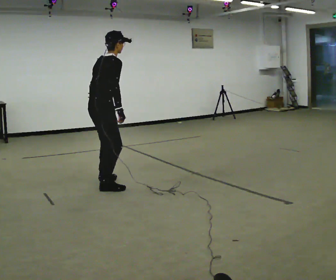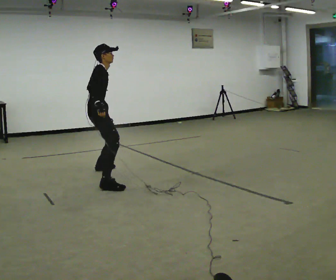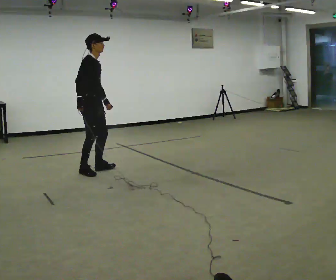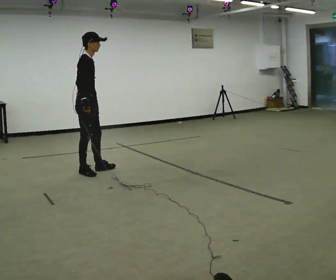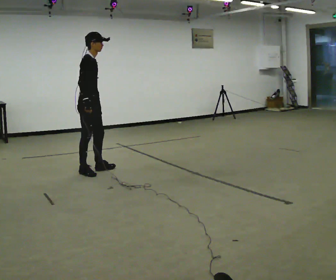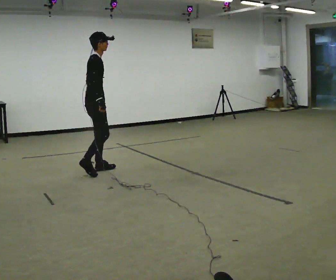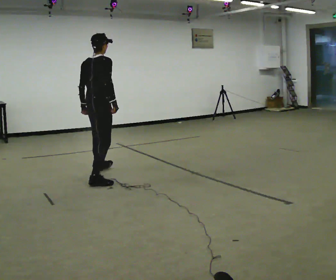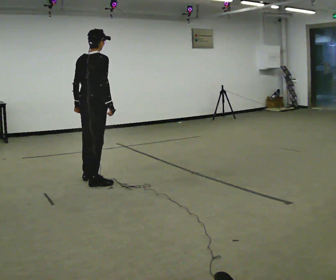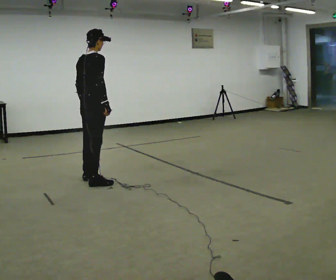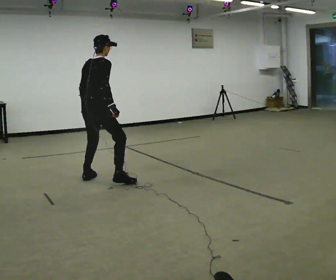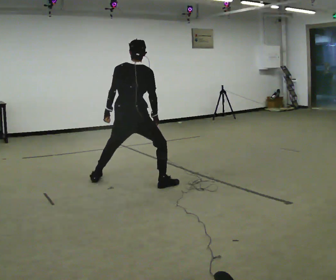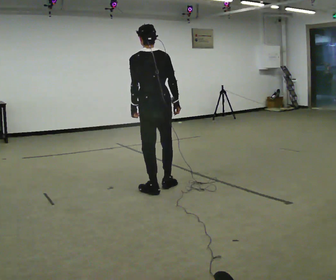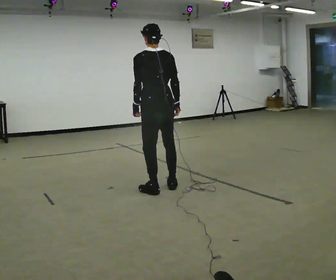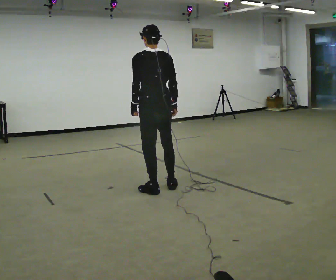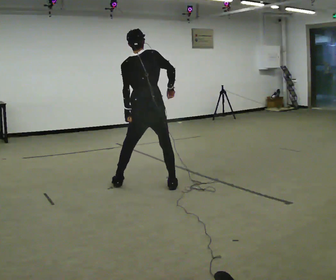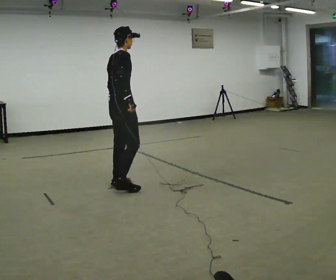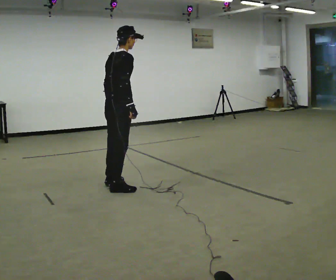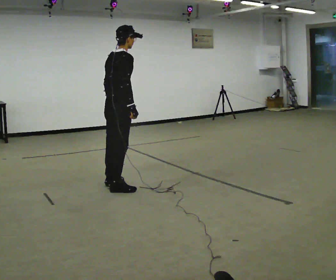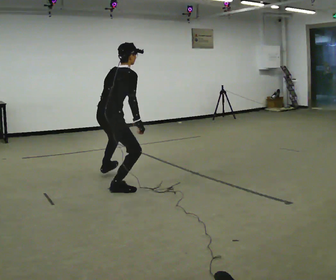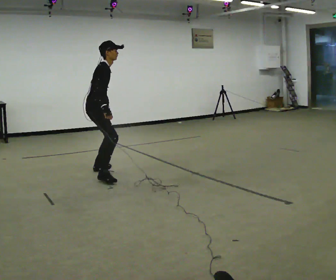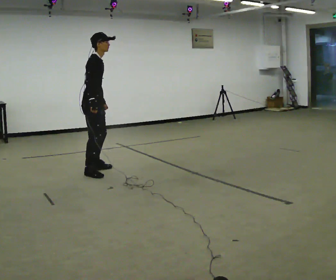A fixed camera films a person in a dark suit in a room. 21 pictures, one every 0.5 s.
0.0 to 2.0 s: Seen from above the body turns clockwise, about 45 degrees: to their right, with its near side sliding to the left. In the picture they go away from the camera, about 0.5 m in 2 steps, which for them is to their left and backward.
2.0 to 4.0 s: The person turns about 45 degrees to their left, counterclockwise seen from above, so the part of the body nearest the lens slides to the right. In the picture they go toward the camera, about 0.5 m in 2 steps.
4.0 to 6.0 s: The part of the body nearest the lens slides to the right as the person turns to their left by about 60 degrees. In the picture they go to the right and toward the camera, about 1 m in 2 steps.
6.0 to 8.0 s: Seen from above the body turns clockwise, about 75 degrees: to their right, with its near side sliding to the left. In the picture they go to the left, about 0.5 m in 2 steps.
8.0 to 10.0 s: The part of the body nearest the lens slides to the left as the person turns to their right by about 45 degrees. In the picture they go away from the camera and to the left, about 0.5 m in 2 steps, which for them is to their left.
The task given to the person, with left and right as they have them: Move around the room freely as if avoiding someone: change speed and direction whenever you like. Keep moving until the operator says stop.
The film runs forward here.
